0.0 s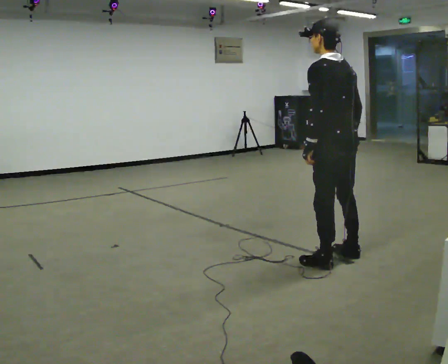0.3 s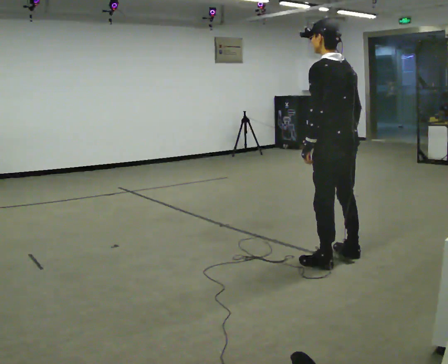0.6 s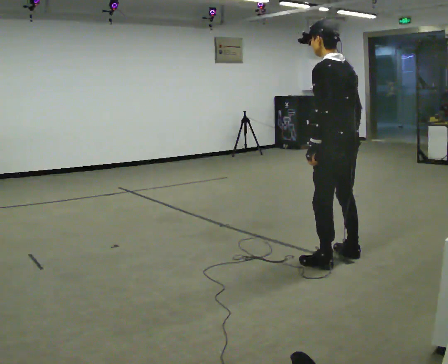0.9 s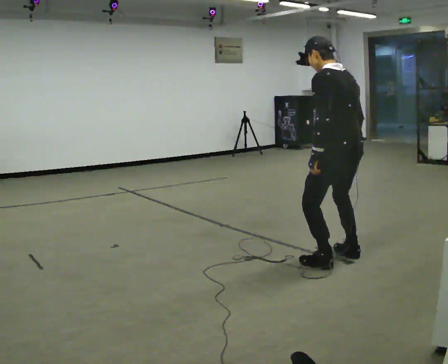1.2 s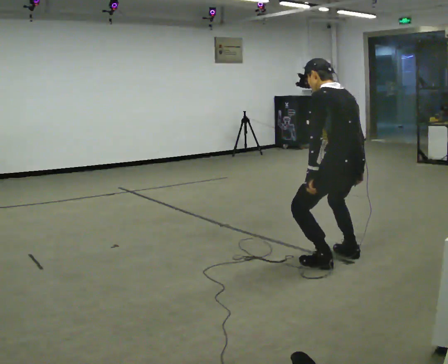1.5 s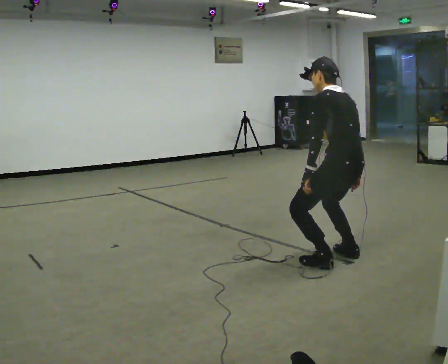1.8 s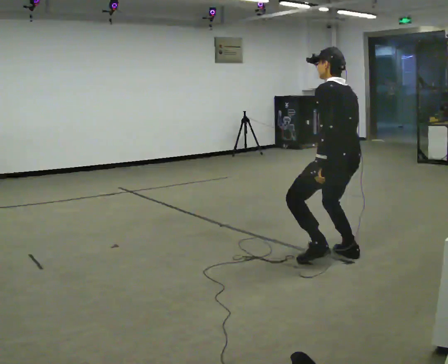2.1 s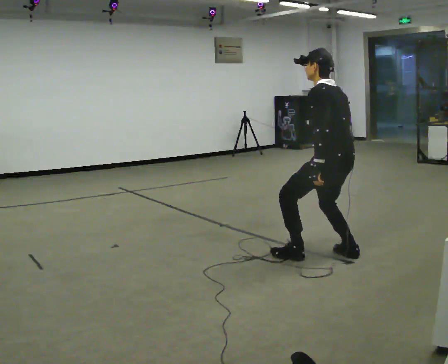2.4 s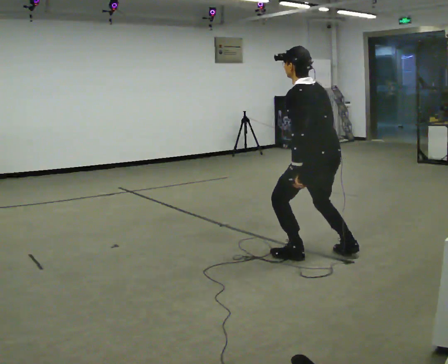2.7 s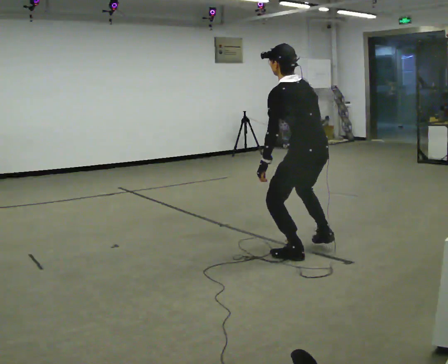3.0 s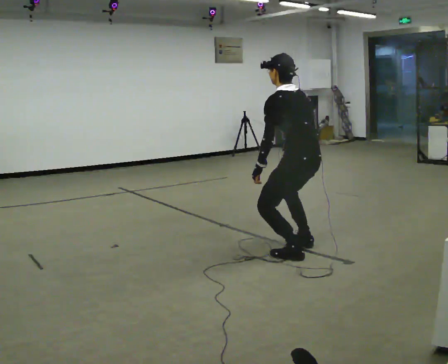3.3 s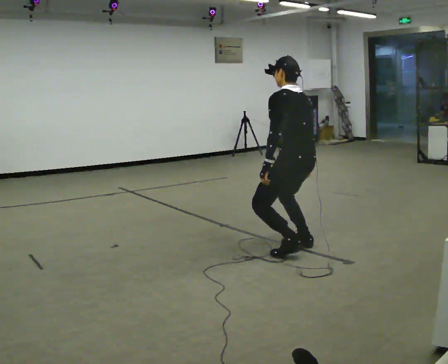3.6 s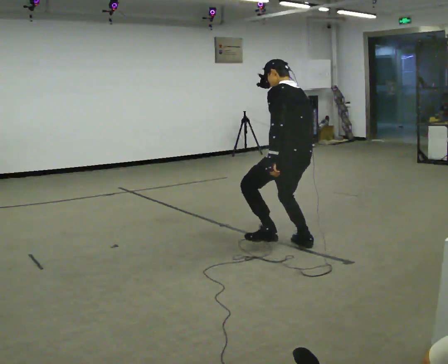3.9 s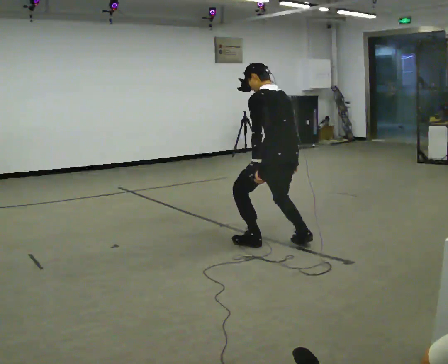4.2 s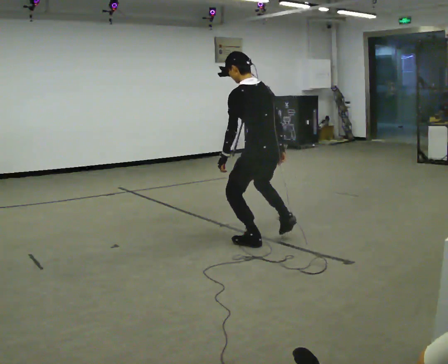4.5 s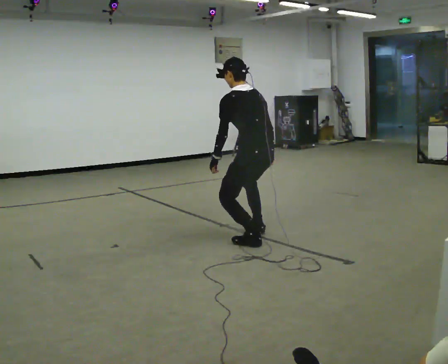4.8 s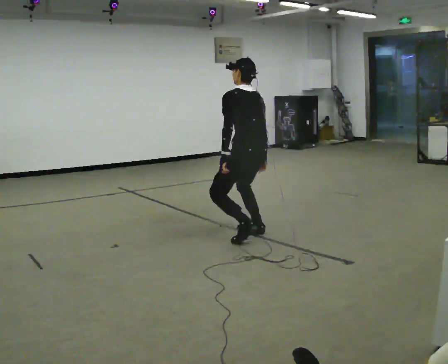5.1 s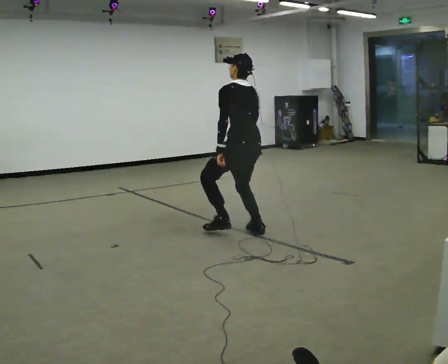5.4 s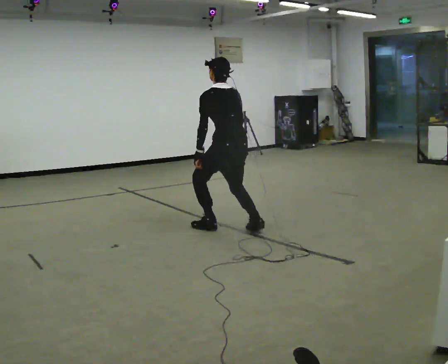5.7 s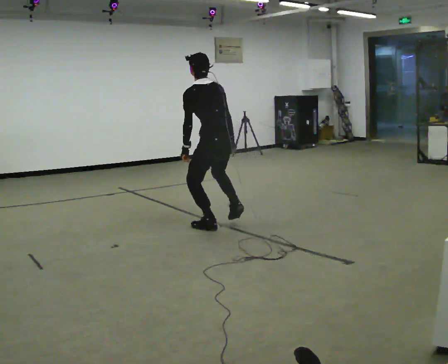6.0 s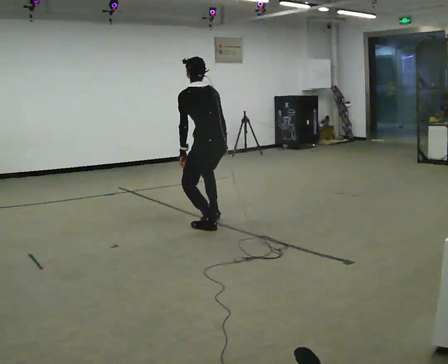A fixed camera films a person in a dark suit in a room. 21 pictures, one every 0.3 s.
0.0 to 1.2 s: The shoulders move downward.
1.2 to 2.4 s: In the picture they go to the left, about 0.25 m in 1 step, which for them is forward.
2.4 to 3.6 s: In the picture they go away from the camera and to the left, about 0.25 m in 1 step, which for them is forward.
3.6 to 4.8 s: In the picture they go to the left and away from the camera, about 0.5 m in 2 steps, which for them is forward.
4.8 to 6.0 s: In the picture they go to the left and away from the camera, about 0.5 m in 2 steps, which for them is forward.
The film runs forward here.
